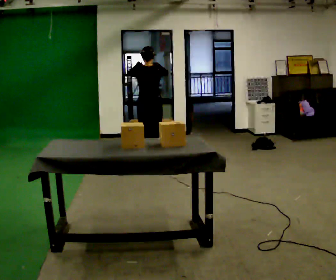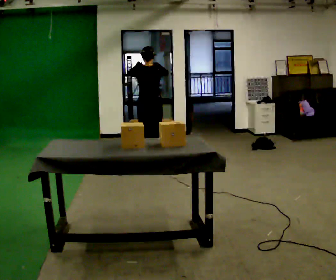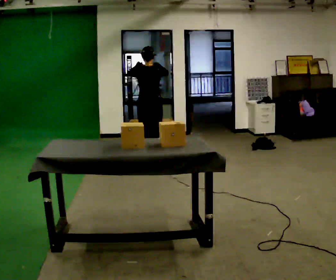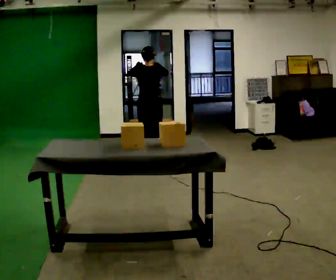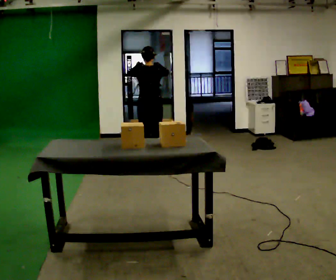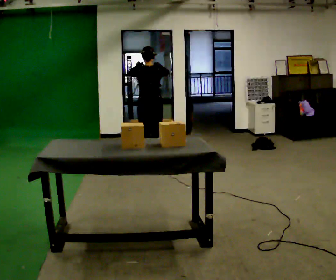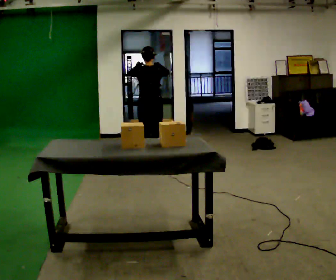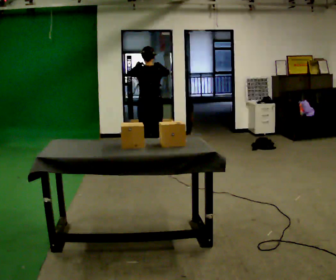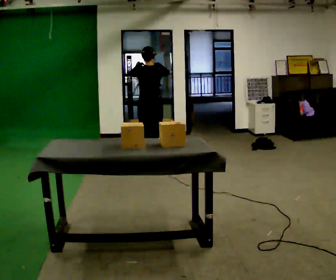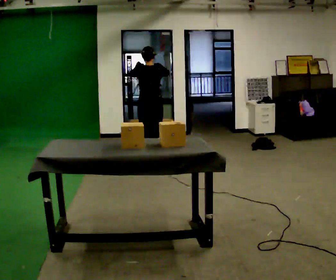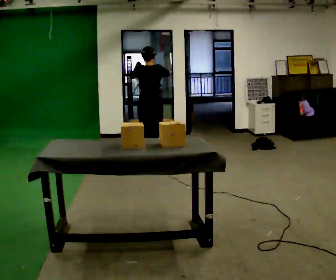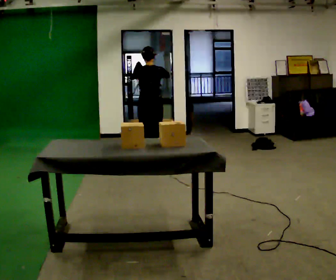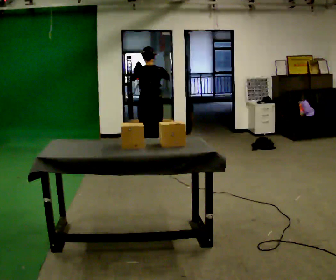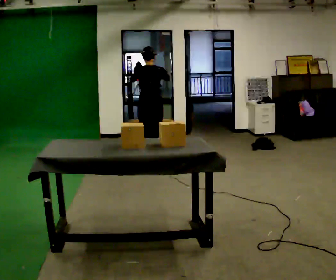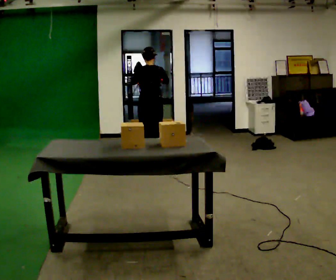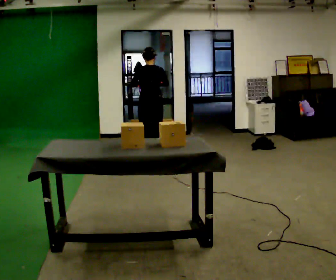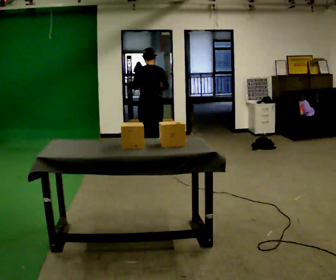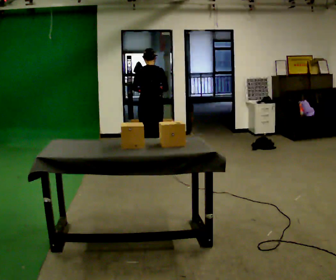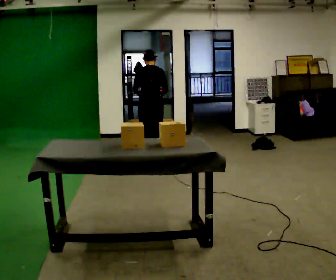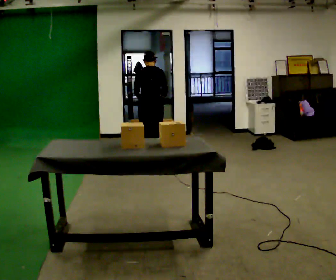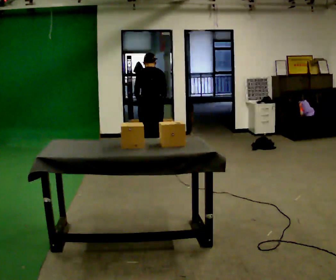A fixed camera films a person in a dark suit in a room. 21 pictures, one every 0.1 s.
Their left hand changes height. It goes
downward.
Their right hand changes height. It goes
downward.
0.0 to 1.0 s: The person moves a little, or ends about where they began.
1.0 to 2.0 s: The upper body tips away from the camera, its near side rolling upward, as they bend forward. In the picture their right hand goes downward.
The film runs backward here.
